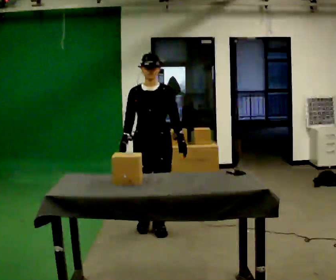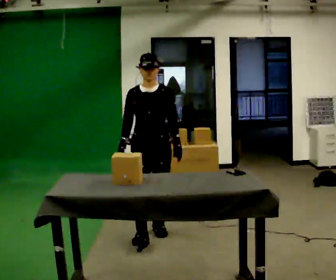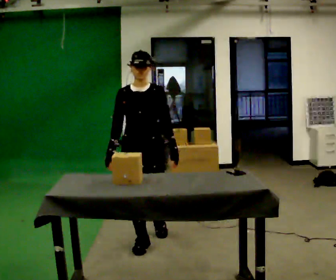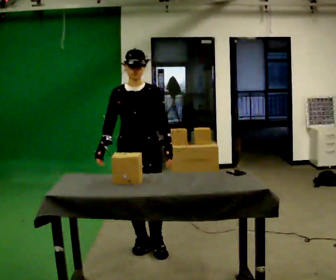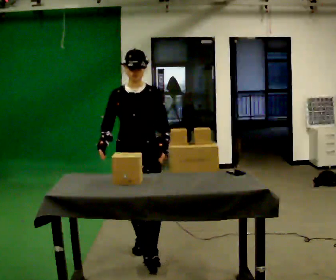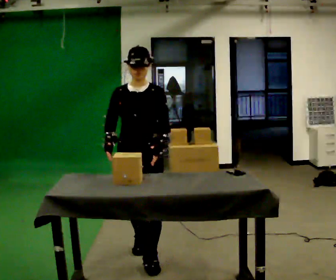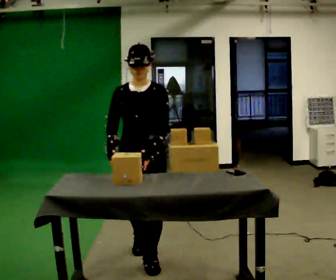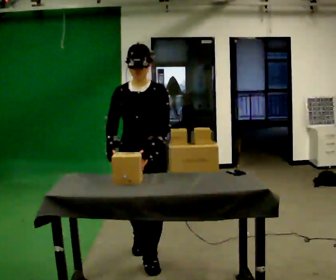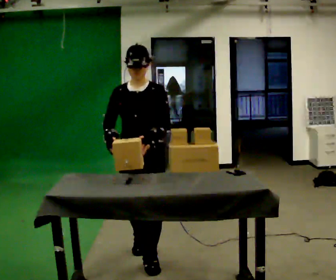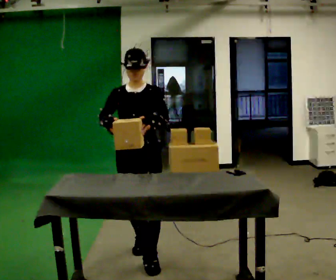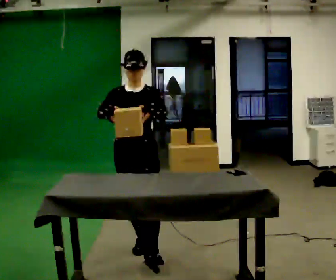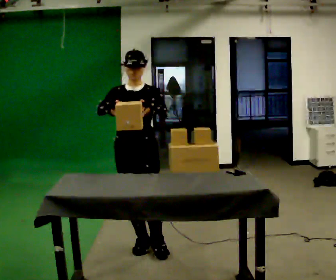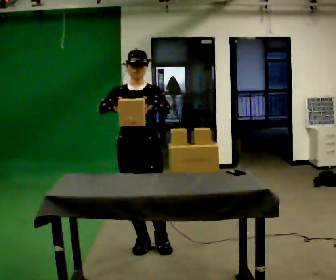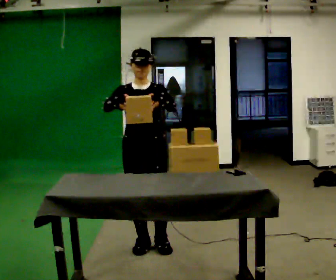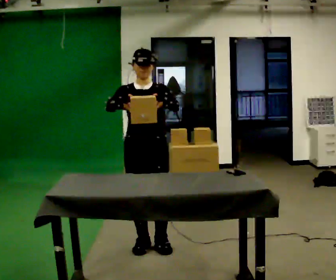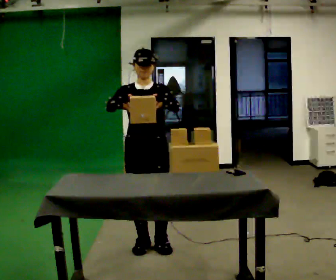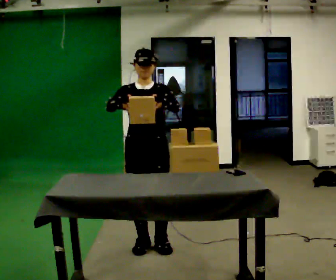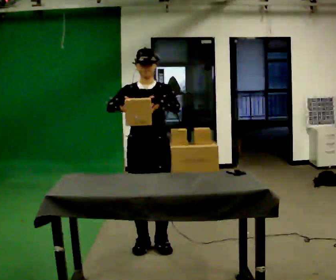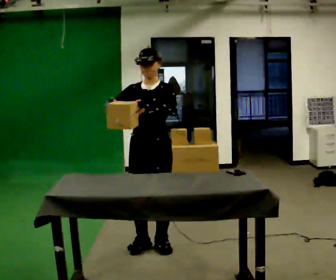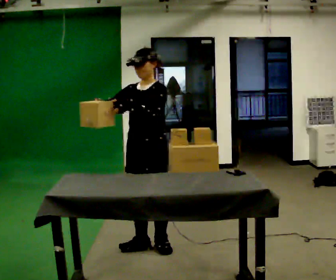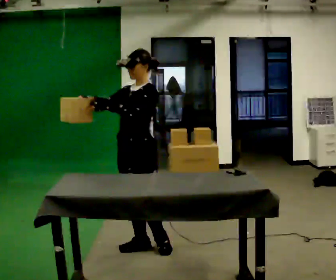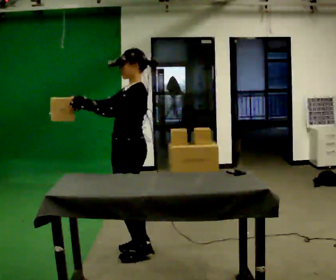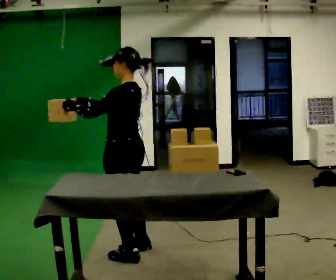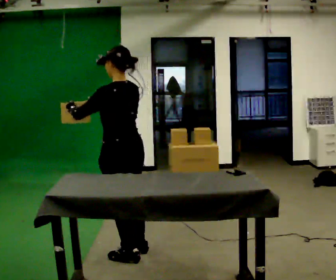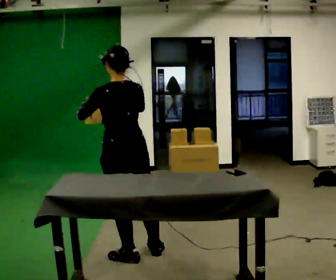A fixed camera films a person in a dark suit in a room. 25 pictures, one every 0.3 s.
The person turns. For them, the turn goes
to their right.
The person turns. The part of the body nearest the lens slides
to the left.
0.0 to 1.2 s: In the picture they go toward the camera, about 0.5 m in 2 steps, which for them is forward.
1.2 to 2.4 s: In the picture they go toward the camera, about 0.25 m, which for them is forward.
2.4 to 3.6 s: In the picture they go away from the camera, about 0.25 m in 1 step, which for them is backward.
3.6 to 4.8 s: The person moves a little, or ends about where they began.
4.8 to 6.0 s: The person turns about 60 degrees to their right, clockwise seen from above, so the part of the body nearest the lens slides to the left.
6.0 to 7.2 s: The part of the body nearest the lens slides to the left as the person turns to their right by about 105 degrees. In the picture they go toward the camera, about 0.25 m in 2 steps. In the picture their right hand goes to the right.
The film runs forward here.
